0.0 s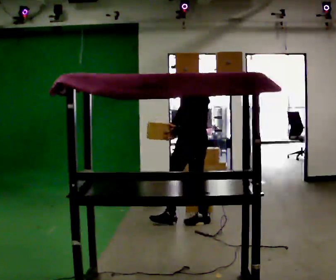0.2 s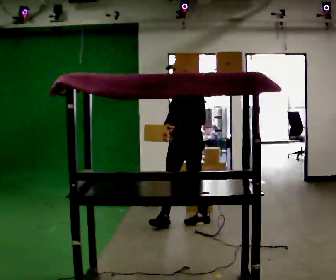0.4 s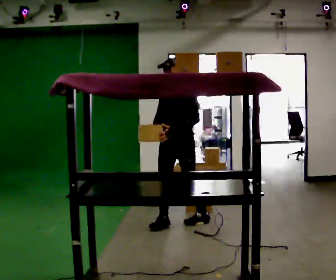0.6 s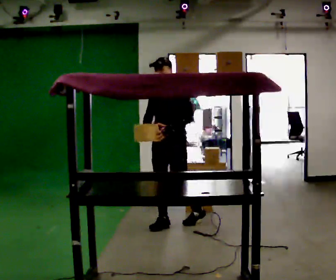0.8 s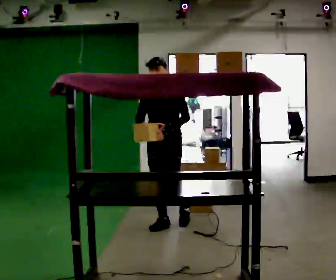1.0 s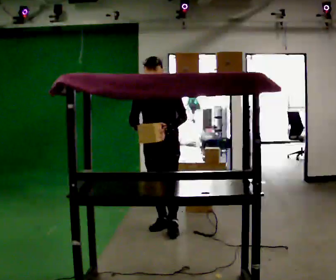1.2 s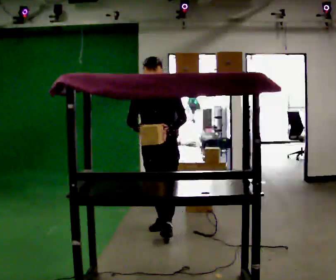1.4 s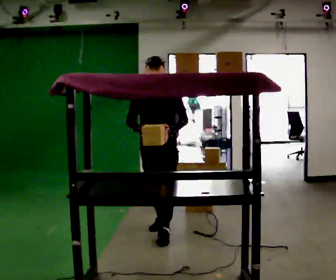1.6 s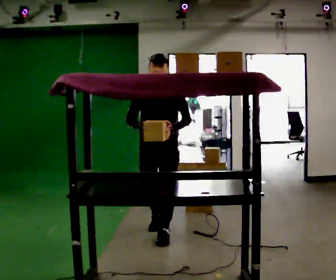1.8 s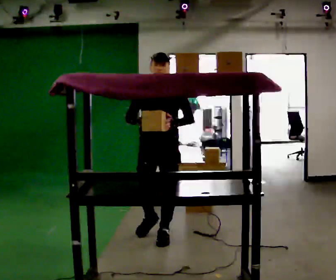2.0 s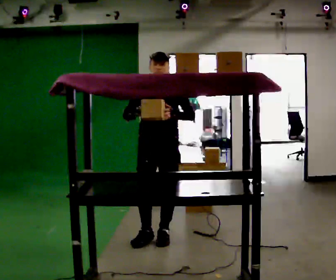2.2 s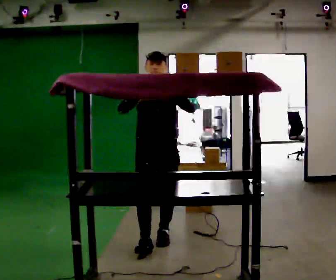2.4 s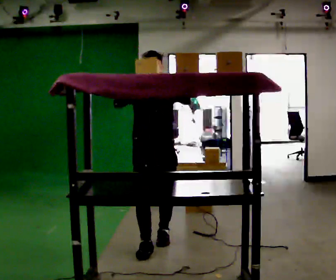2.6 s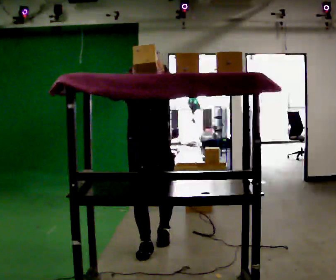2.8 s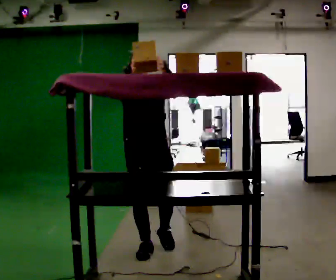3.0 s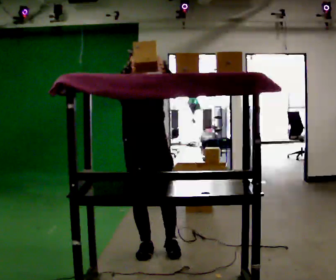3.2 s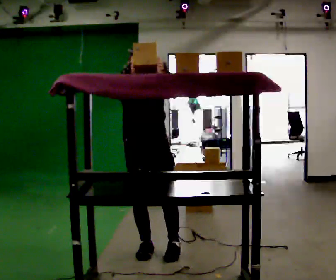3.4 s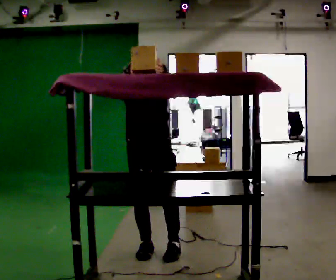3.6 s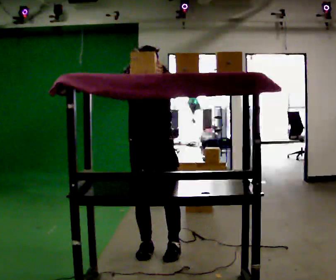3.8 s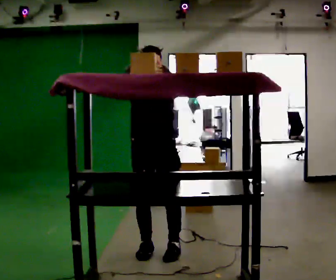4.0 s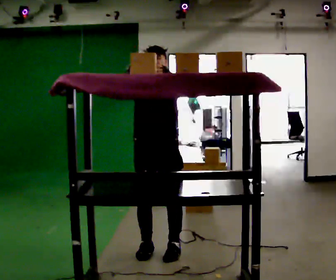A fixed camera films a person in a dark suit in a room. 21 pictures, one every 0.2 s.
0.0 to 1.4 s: Seen from above the body turns counterclockwise, about 45 degrees: to their left, with its near side sliding to the right. In the picture they go toward the camera and to the left, about 0.5 m in 2 steps, which for them is forward.
1.4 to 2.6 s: In the picture they go toward the camera, about 0.5 m in 1 step, which for them is forward. In the picture their right hand goes upward.
2.6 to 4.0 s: In the picture they go toward the camera, about 0.25 m in 1 step, which for them is forward.
The film runs forward here.
